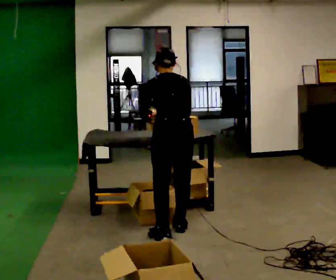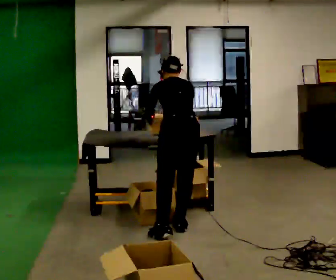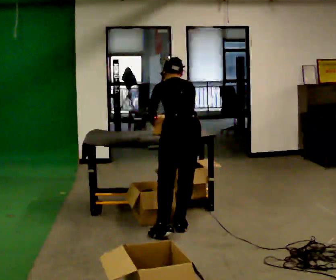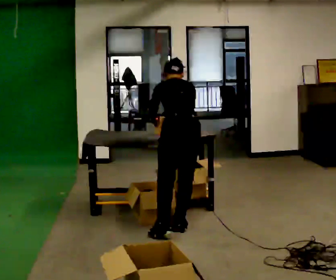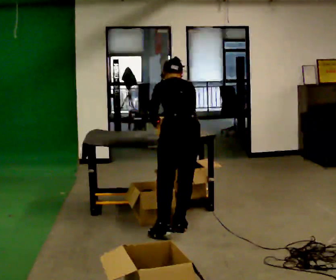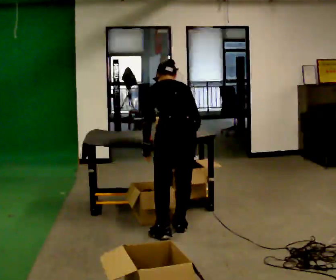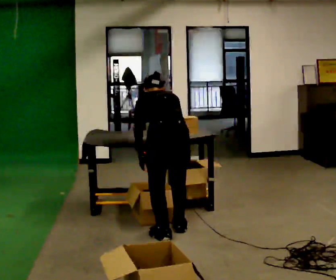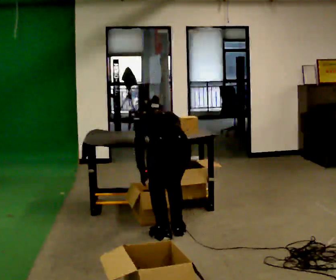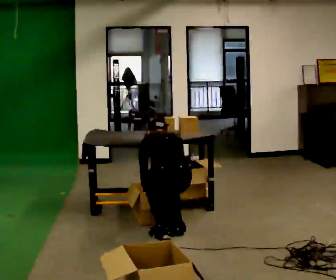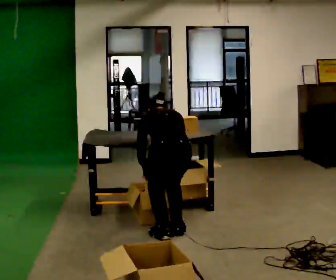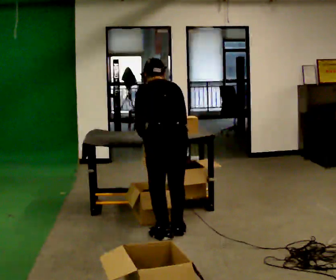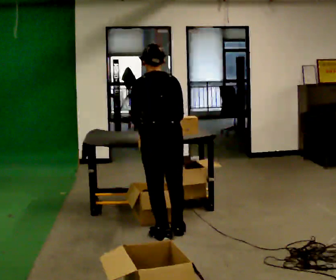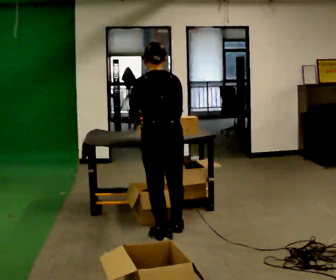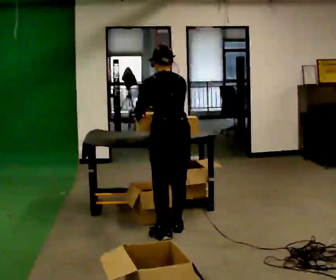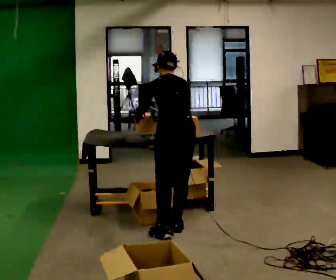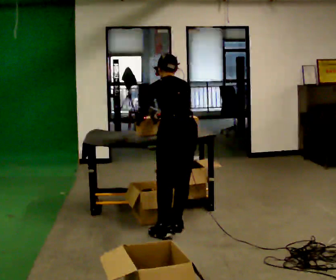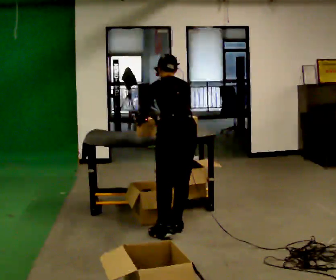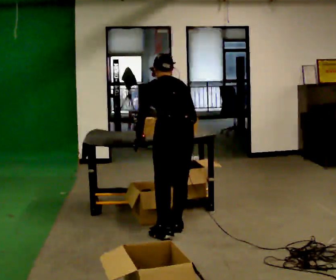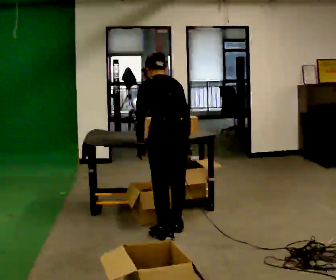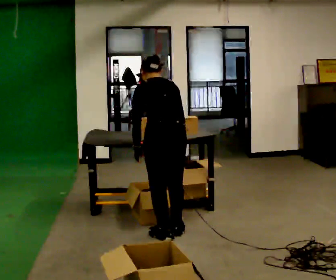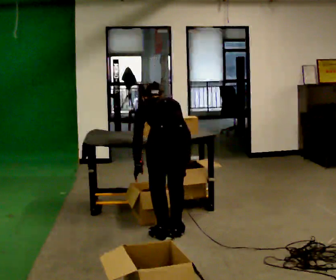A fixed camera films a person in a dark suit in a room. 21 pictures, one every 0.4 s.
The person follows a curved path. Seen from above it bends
counterclockwise.
0.0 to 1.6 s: The person moves a little, or ends about where they began.
1.6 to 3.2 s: In the picture they go toward the camera, about 0.25 m, which for them is backward and to their left. The upper body goes downward. In the picture their left hand goes downward.
3.2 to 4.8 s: The shoulders move upward. The upper body tips toward the camera, its near side rolling downward, as they lean back or straighten. In the picture their left hand goes upward.
4.8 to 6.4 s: The upper body tips away from the camera, its near side rolling upward, as they bend forward.
6.4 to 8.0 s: In the picture they go toward the camera, about 0.25 m, which for them is backward and to their left. The shoulders move downward. In the picture their right hand goes downward.
The film runs forward here.
